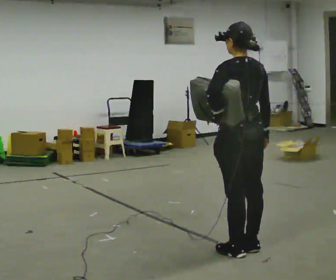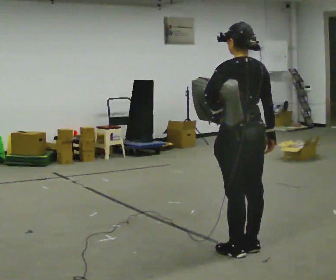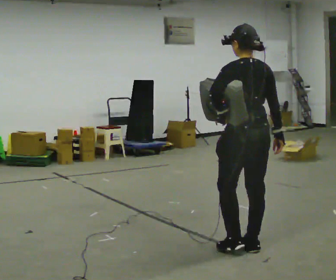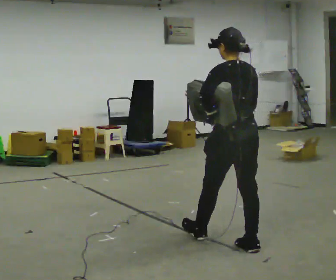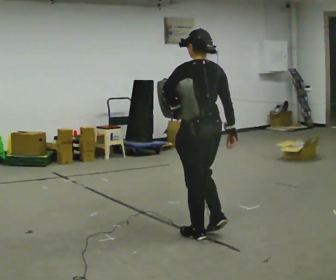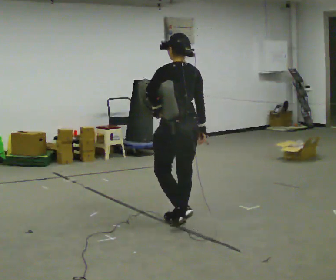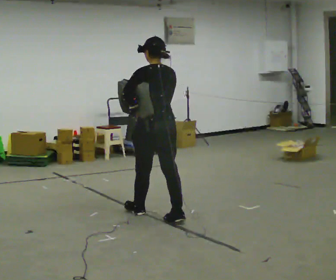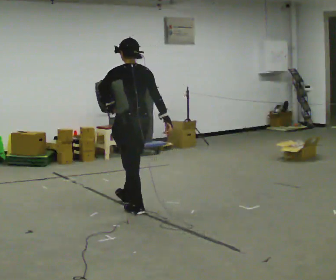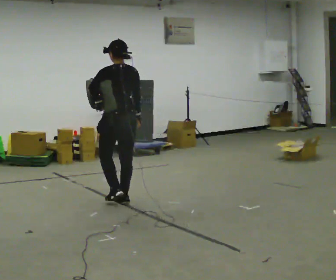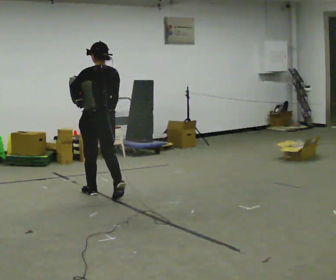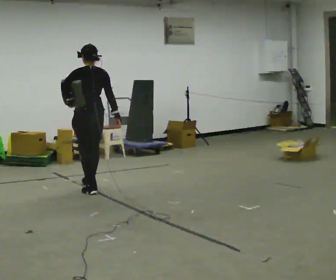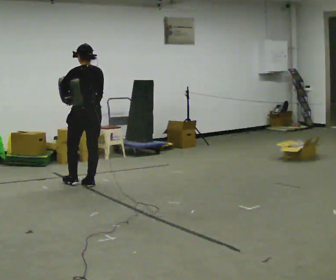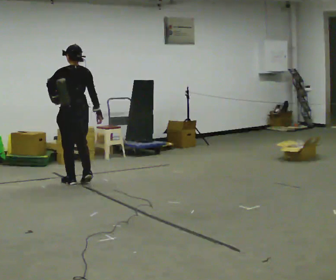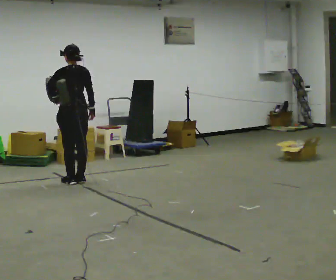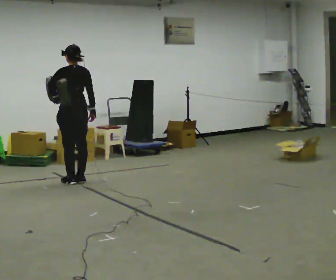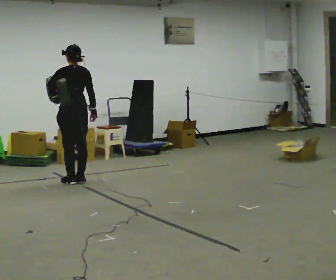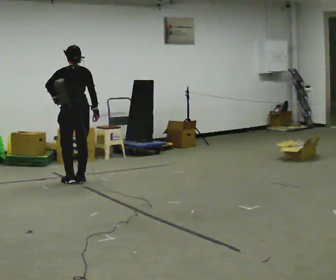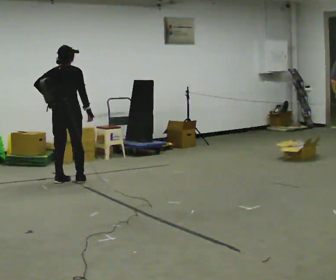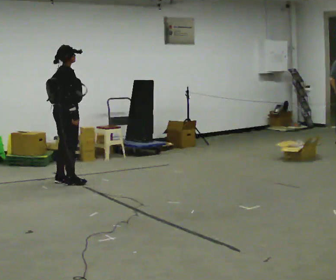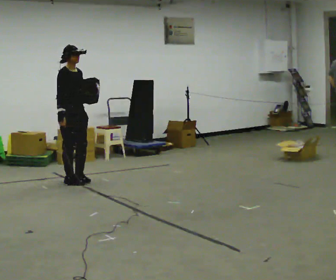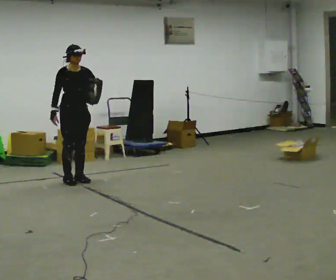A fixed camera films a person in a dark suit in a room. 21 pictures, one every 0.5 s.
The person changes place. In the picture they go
away from the camera.
0.0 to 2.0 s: In the picture they go away from the camera and to the left, about 0.5 m in 1 step, which for them is forward.
2.0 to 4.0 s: In the picture they go away from the camera and to the left, about 1.5 m in 3 steps, which for them is forward.
4.0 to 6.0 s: In the picture they go away from the camera and to the left, about 1 m in 3 steps, which for them is forward.
6.0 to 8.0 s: The person moves a little, or ends about where they began.
8.0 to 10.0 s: Seen from above the body turns clockwise, about 165 degrees: to their right, with its near side sliding to the left. In the picture their right hand goes to the left, the arm swinging clockwise.
The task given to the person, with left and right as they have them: Put the soft bag up onto your shoulder and carry it across the room, back and forth.
The film runs forward here.
